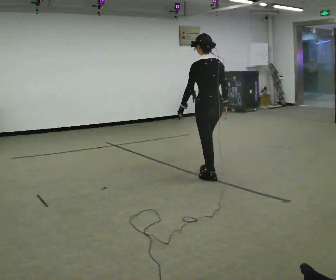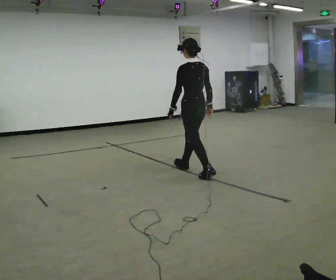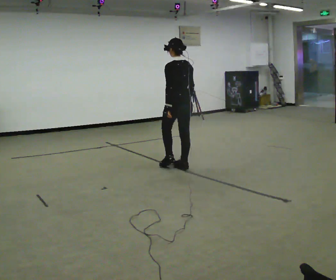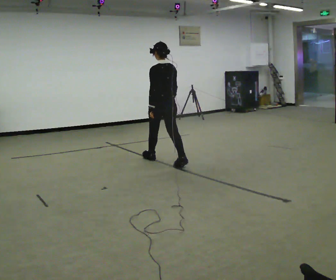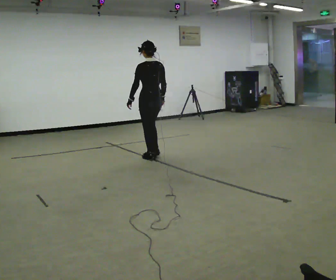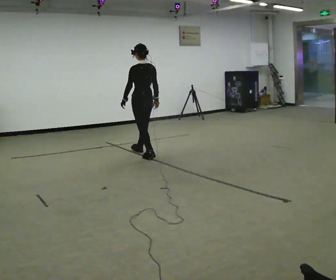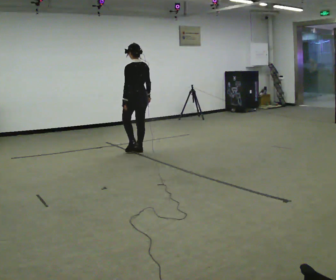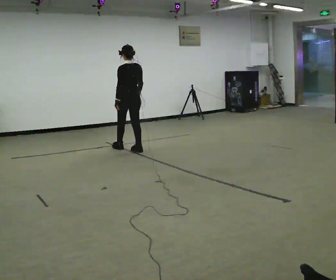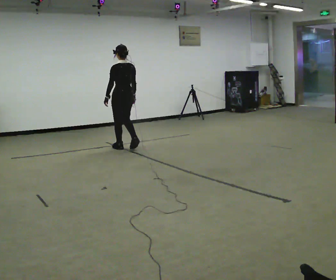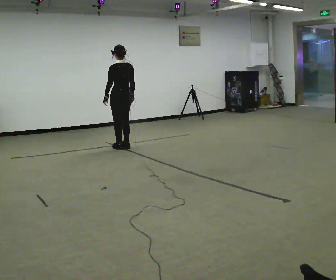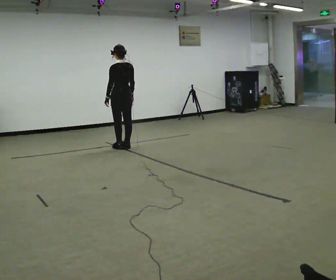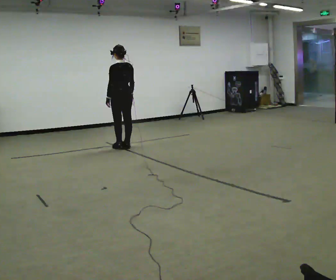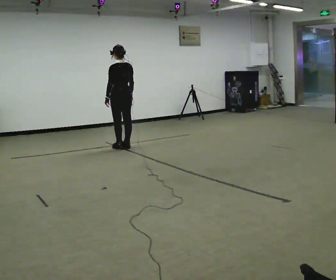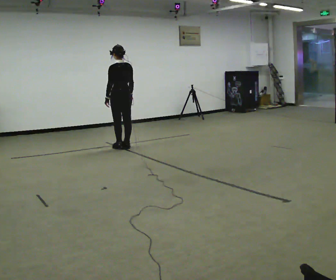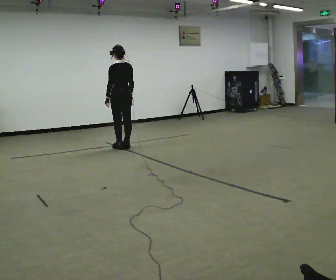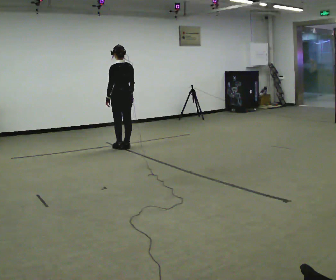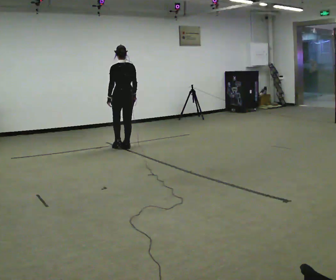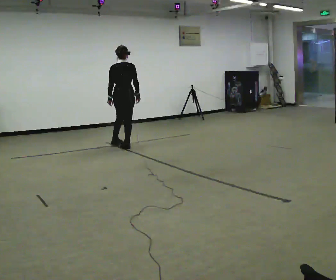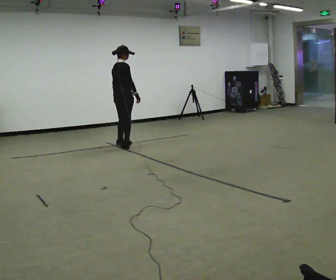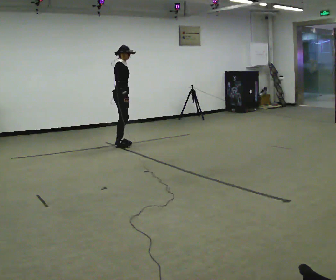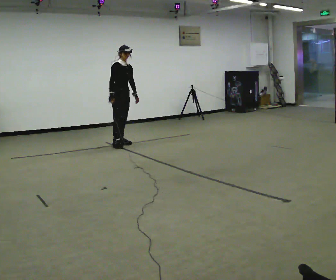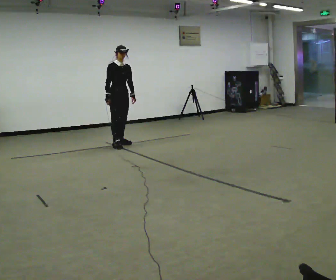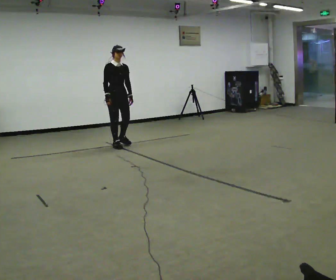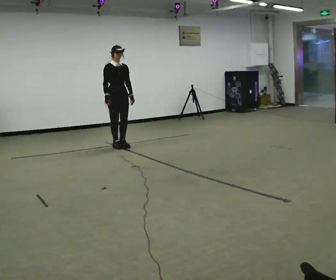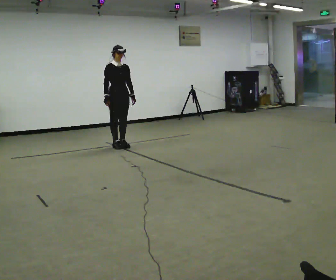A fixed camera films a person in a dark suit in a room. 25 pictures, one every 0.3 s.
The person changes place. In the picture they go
away from the camera.
0.0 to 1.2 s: In the picture they go away from the camera and to the left, about 1.5 m in 2 steps, which for them is forward.
1.2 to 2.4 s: In the picture they go away from the camera and to the left, about 1 m in 2 steps, which for them is forward.
2.4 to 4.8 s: The person moves a little, or ends about where they began.
4.8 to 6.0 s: The part of the body nearest the lens slides to the left as the person turns to their right by about 150 degrees. In the picture they go away from the camera, about 0.25 m in 2 steps. In the picture their right hand goes to the left.
6.0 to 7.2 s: In the picture they go toward the camera, about 0.25 m, which for them is forward.
The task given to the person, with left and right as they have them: Stand still 2 s; begin walking naturally; walk forward; stop.
The film runs forward here.
